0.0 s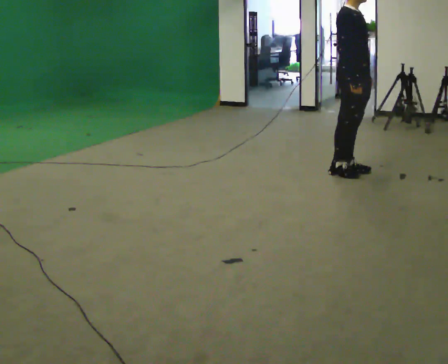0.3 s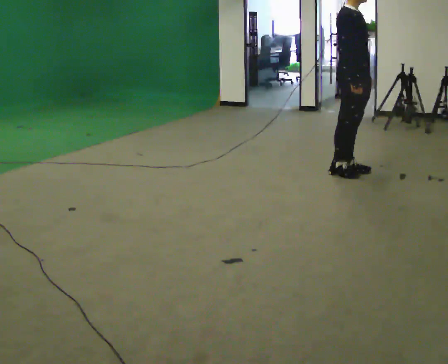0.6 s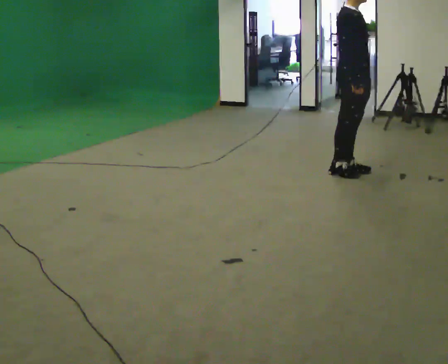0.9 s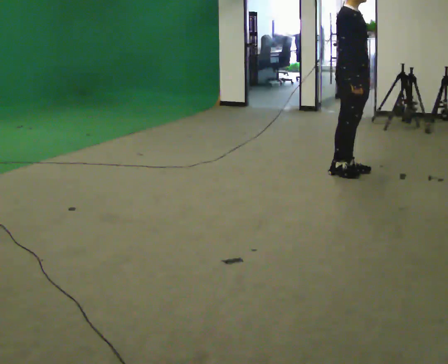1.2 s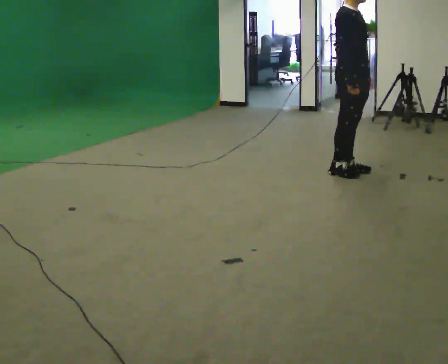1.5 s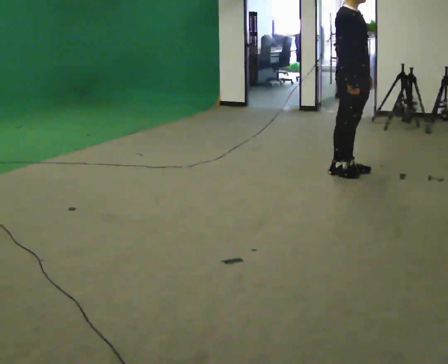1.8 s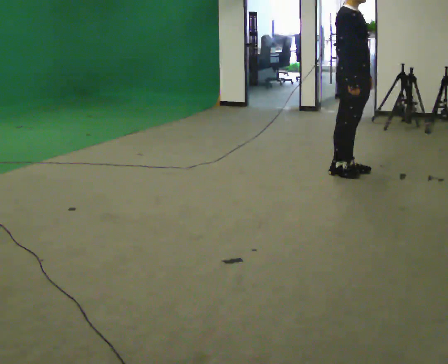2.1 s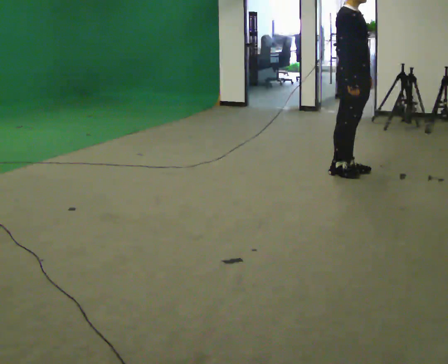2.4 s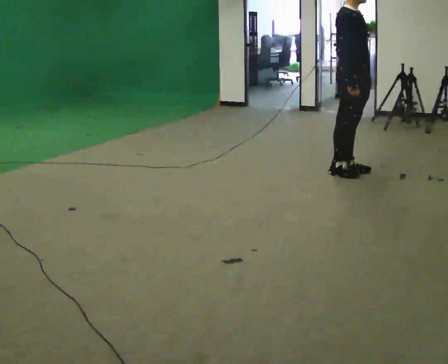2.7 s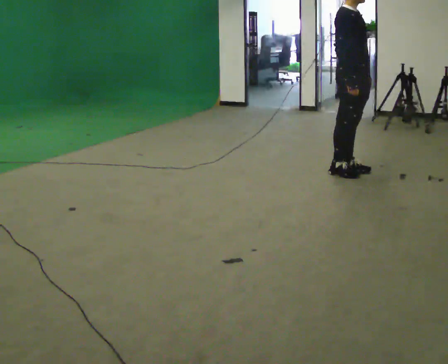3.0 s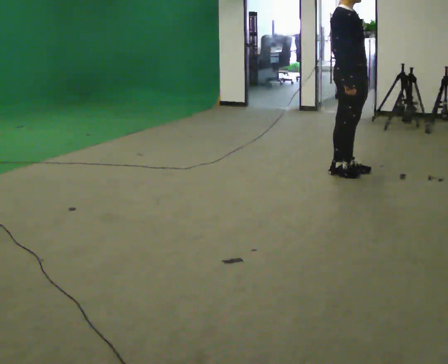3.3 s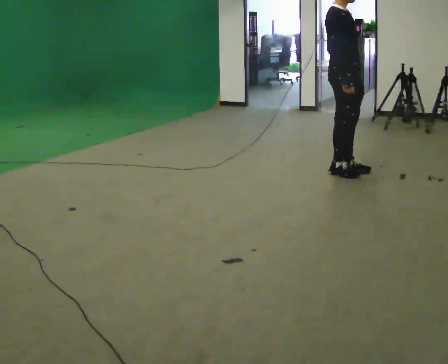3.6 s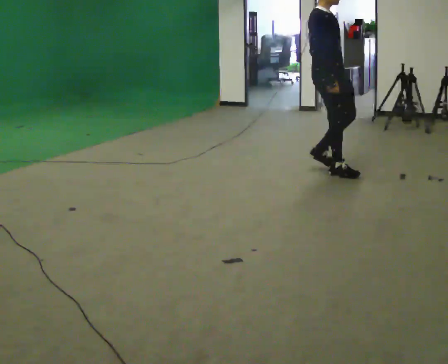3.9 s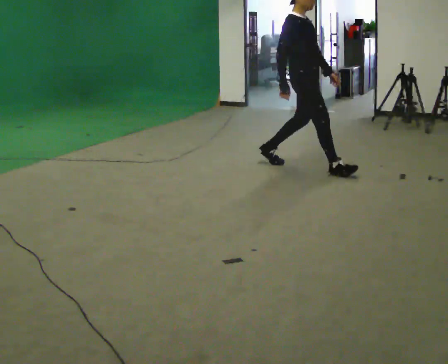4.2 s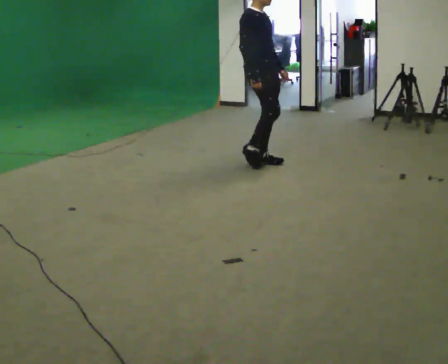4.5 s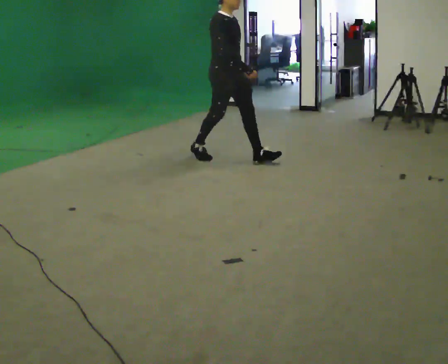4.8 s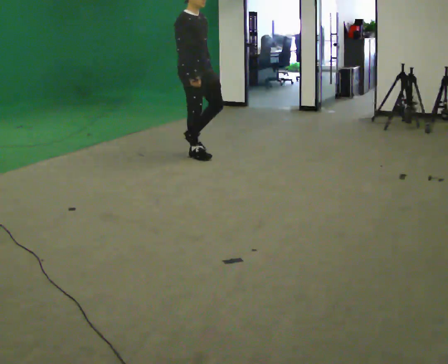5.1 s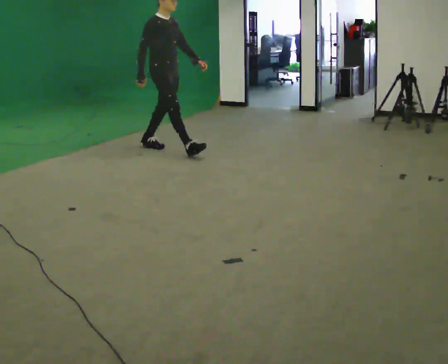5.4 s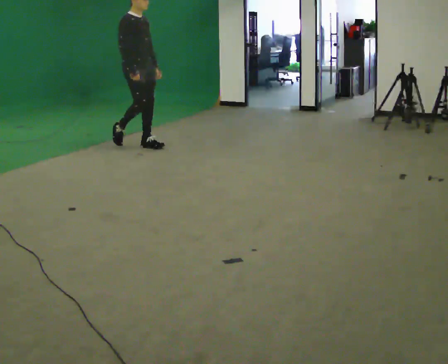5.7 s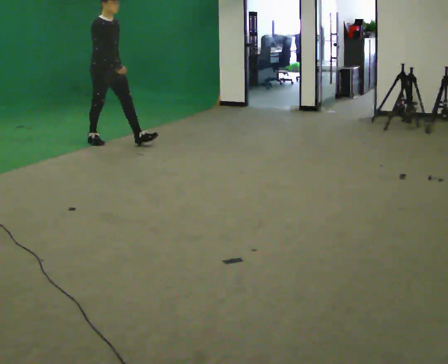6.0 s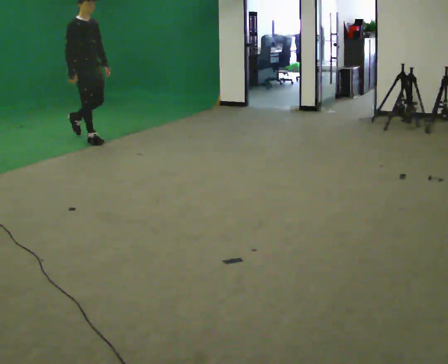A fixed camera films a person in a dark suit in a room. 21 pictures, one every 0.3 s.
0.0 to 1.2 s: The person moves a little, or ends about where they began.
1.2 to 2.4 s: The person keeps their place and pose.
2.4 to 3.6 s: In the picture they go to the left, about 0.25 m in 1 step, which for them is backward.
3.6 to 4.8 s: In the picture they go to the left, about 1.5 m in 2 steps, which for them is backward.
4.8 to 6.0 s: In the picture they go to the left, about 1.5 m in 2 steps, which for them is backward.
The film runs backward here.
